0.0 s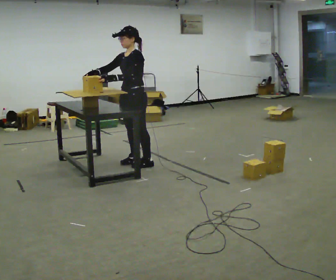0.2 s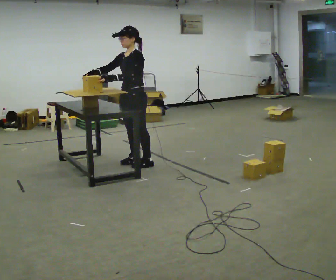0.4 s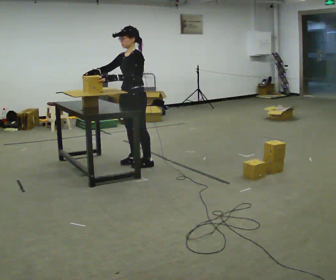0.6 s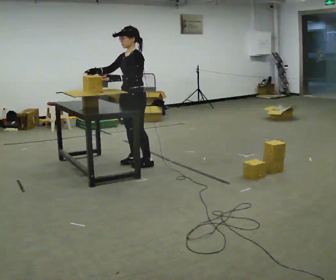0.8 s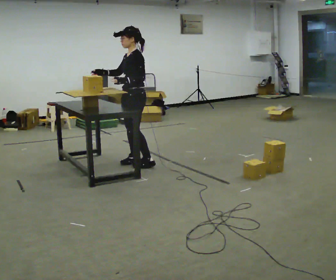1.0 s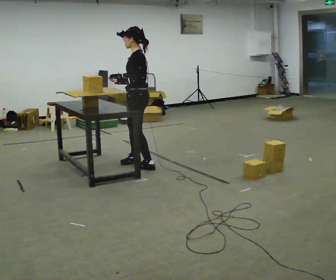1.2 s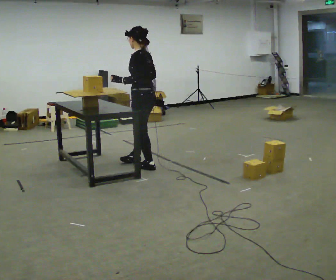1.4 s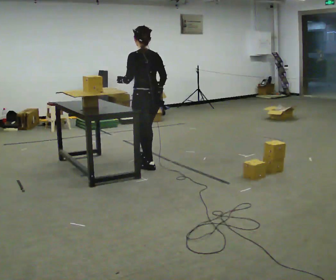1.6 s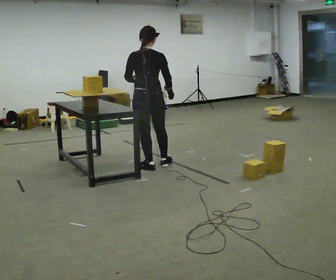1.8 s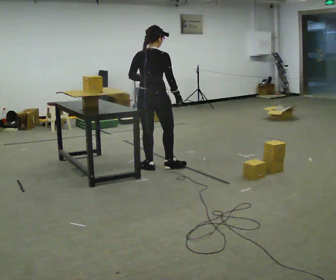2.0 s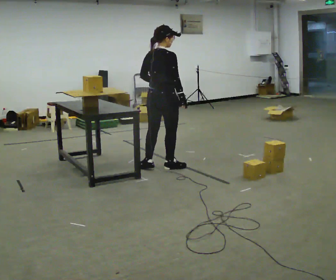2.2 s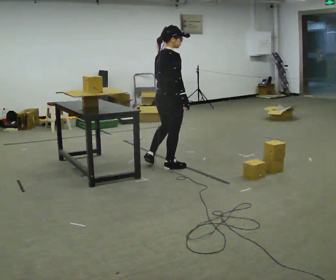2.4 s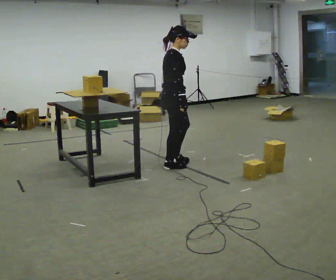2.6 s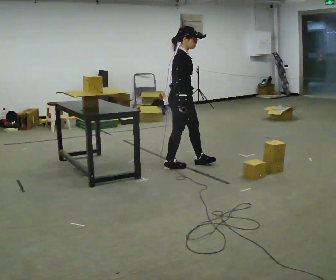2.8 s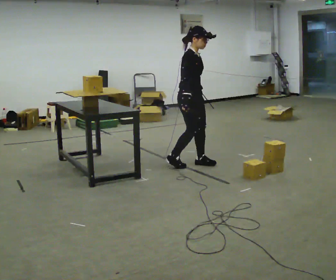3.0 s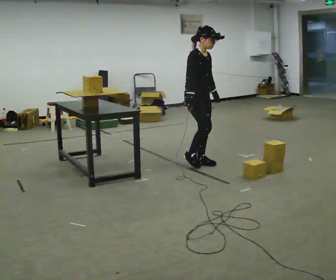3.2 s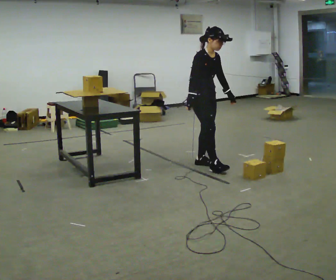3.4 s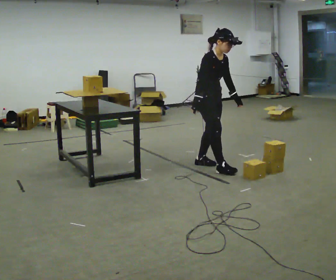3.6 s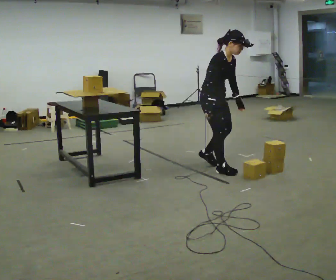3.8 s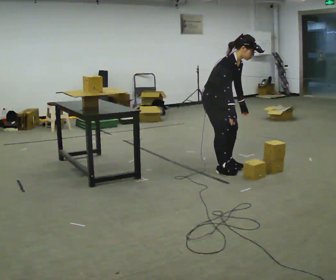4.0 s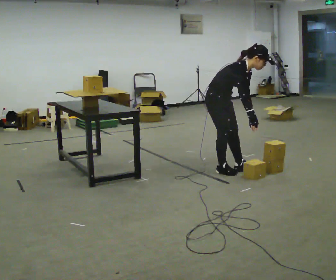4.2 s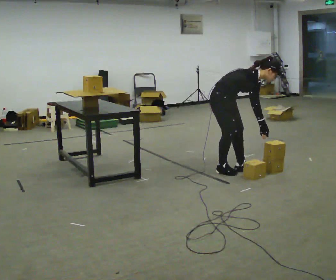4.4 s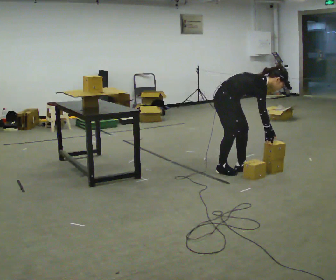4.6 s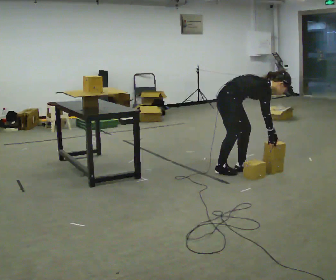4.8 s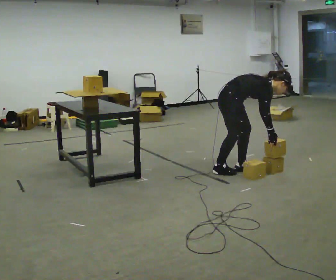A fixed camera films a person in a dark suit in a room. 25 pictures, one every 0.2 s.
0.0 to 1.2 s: The person turns about 60 degrees to their right, clockwise seen from above, so the part of the body nearest the lens slides to the left. In the picture their right hand goes to the right.
1.2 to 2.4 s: The part of the body nearest the lens slides to the left as the person turns to their right by about 150 degrees. In the picture they go to the right, about 0.25 m in 1 step.
2.4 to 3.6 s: Seen from above the body turns clockwise, about 45 degrees: to their right, with its near side sliding to the left. In the picture they go to the right, about 0.5 m in 2 steps, which for them is forward. In the picture the upper body tilts clockwise, shoulders to the right, as they bend forward.
3.6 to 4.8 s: In the picture they go to the right, about 0.25 m in 1 step, which for them is forward. The shoulders move downward. In the picture the upper body tilts clockwise, shoulders to the right, as they bend forward. In the picture their right hand goes to the right and downward.
The film runs forward here.
